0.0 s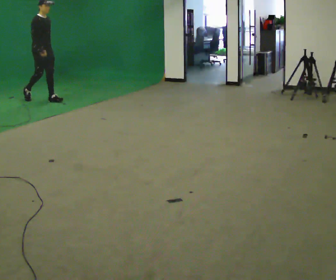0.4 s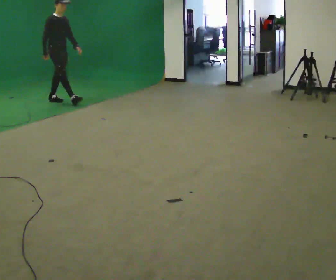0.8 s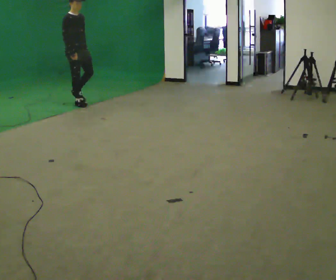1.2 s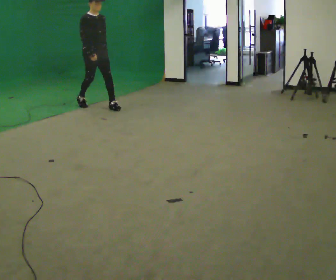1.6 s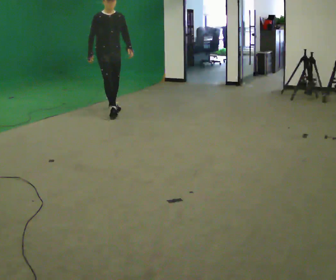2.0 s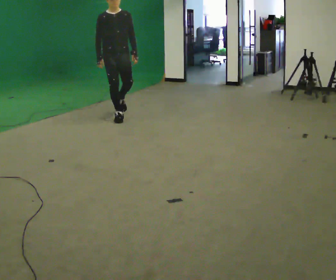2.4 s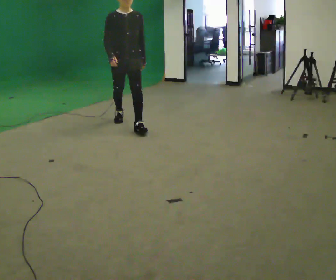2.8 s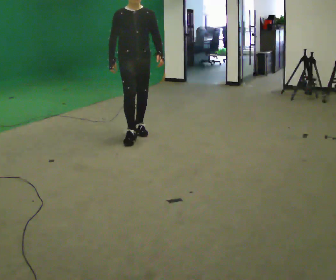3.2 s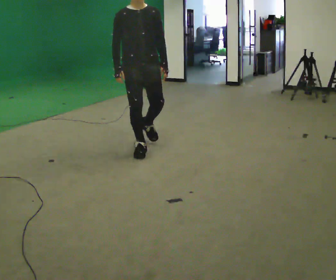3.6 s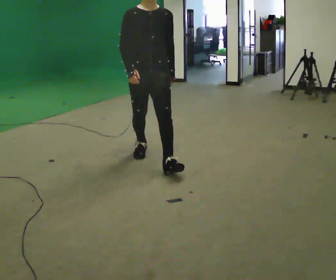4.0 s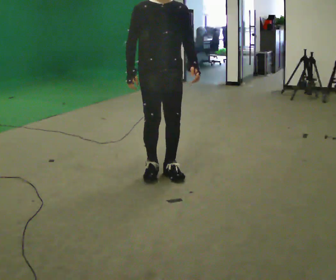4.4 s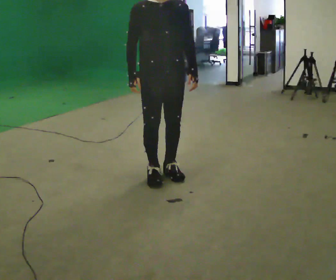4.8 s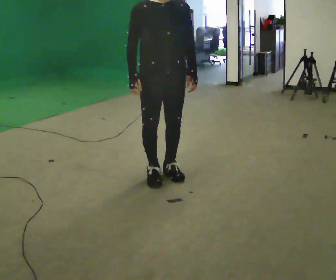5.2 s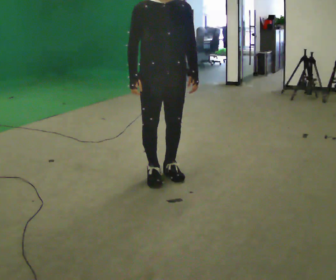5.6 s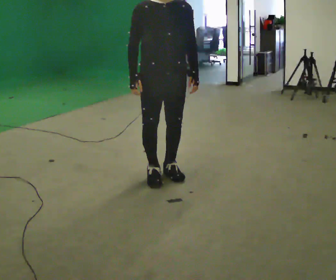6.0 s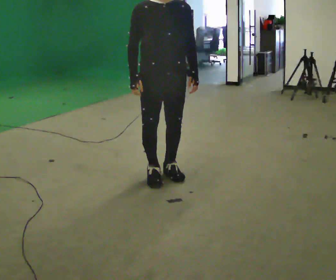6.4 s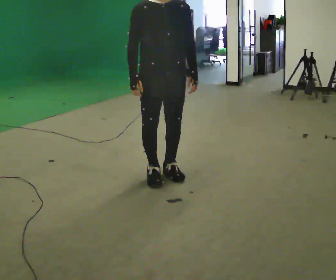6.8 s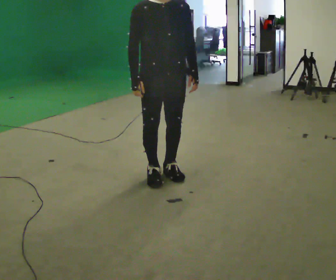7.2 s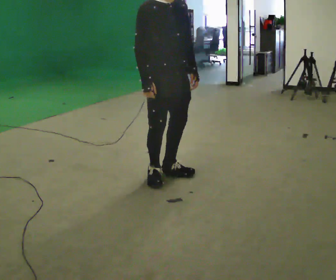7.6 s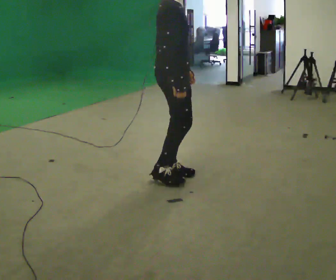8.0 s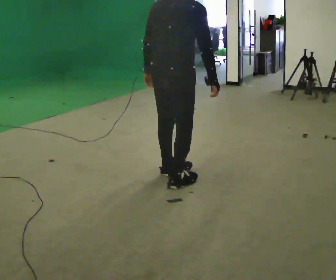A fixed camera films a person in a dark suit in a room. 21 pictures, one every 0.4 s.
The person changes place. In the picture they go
toward the camera.
0.0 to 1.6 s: Seen from above the body turns clockwise, about 45 degrees: to their right, with its near side sliding to the left. In the picture they go to the right and toward the camera, about 1.5 m in 2 steps, which for them is forward.
1.6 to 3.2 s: In the picture they go toward the camera, about 2 m in 3 steps, which for them is forward.
3.2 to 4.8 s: In the picture they go toward the camera, about 1 m in 2 steps, which for them is forward.
4.8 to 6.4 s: The person keeps their place and pose.
6.4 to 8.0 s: The part of the body nearest the lens slides to the right as the person turns to their left by about 135 degrees. In the picture their left hand goes to the left, the arm swinging clockwise.
The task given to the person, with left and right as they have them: Walk straight; at marker turn ~45° while continuing to walk; continue straight.
The film runs forward here.
